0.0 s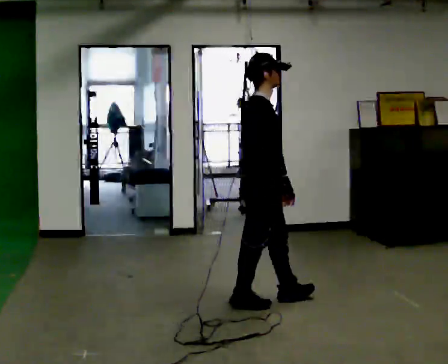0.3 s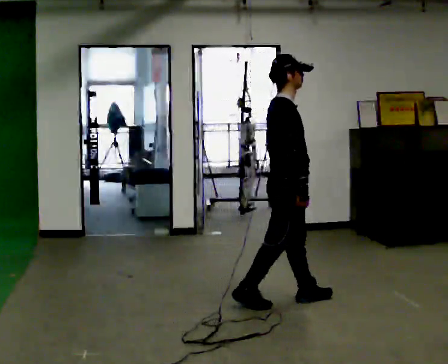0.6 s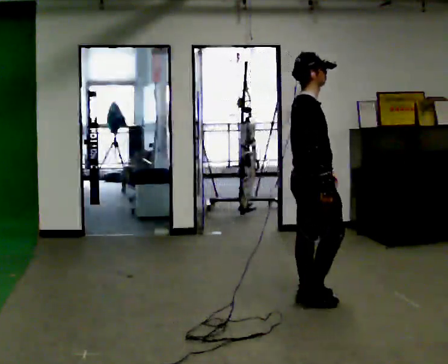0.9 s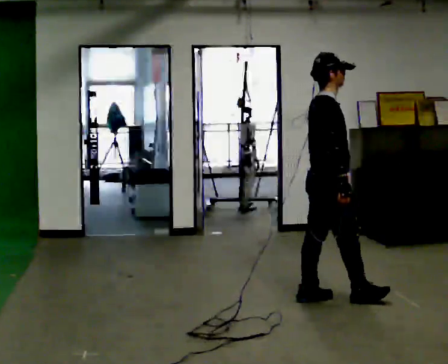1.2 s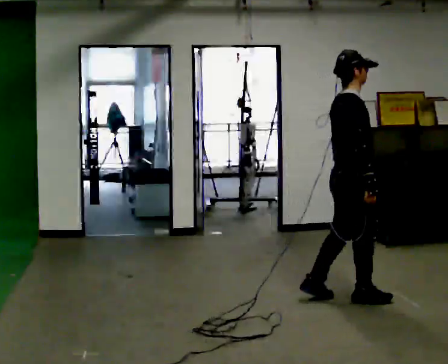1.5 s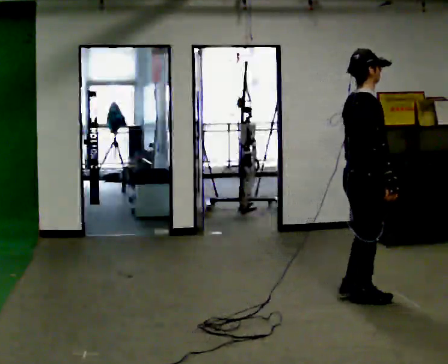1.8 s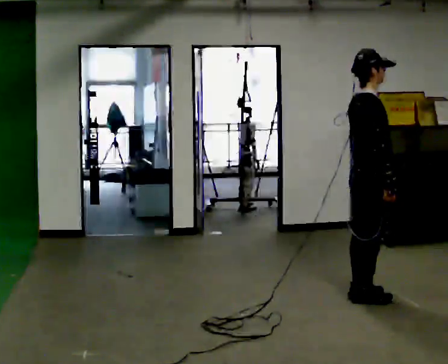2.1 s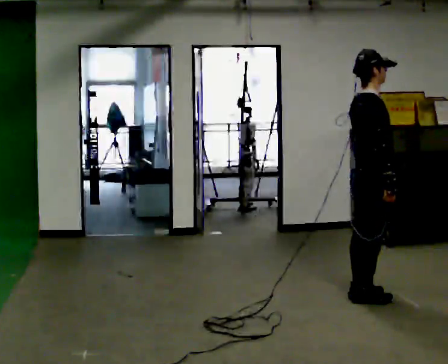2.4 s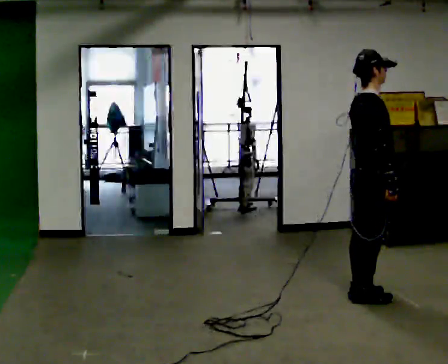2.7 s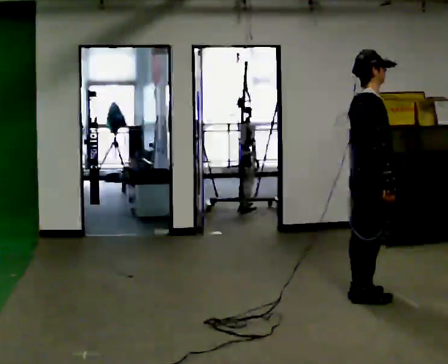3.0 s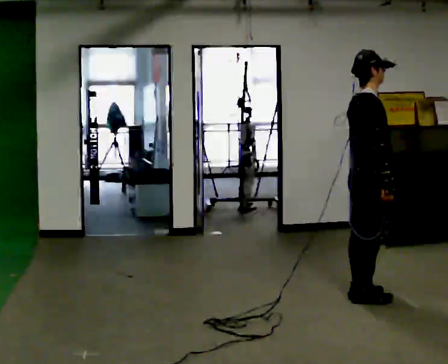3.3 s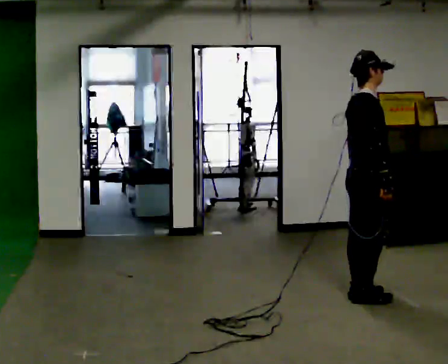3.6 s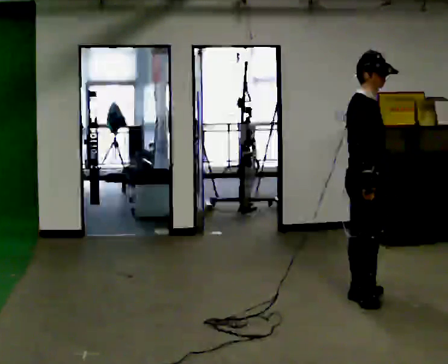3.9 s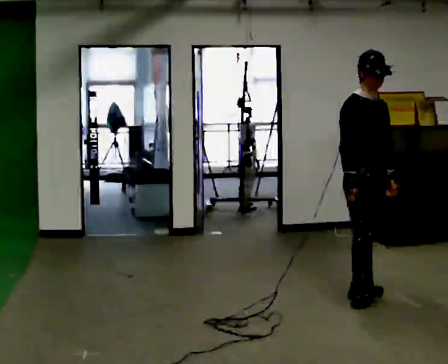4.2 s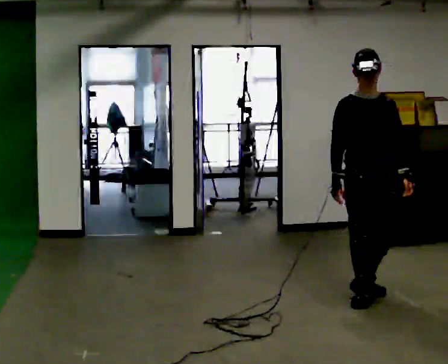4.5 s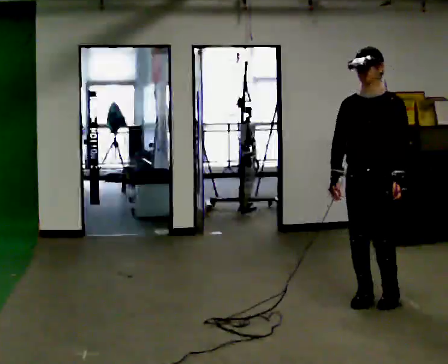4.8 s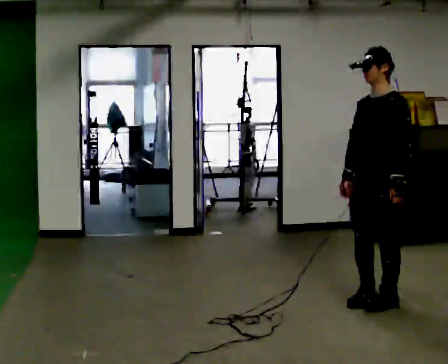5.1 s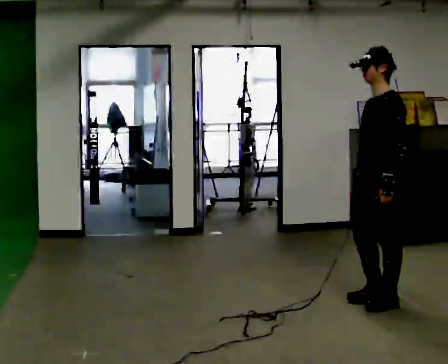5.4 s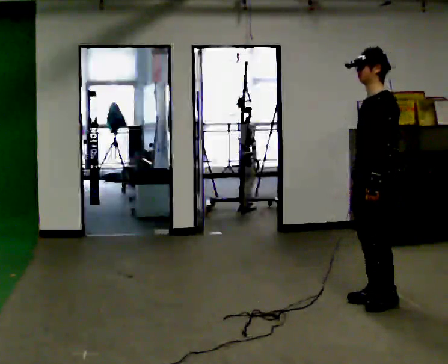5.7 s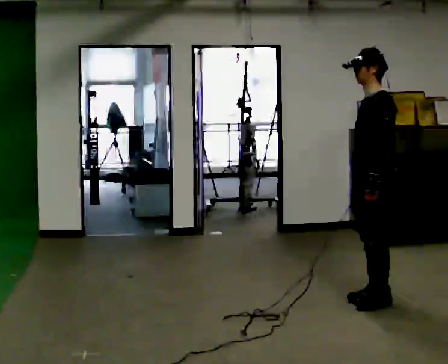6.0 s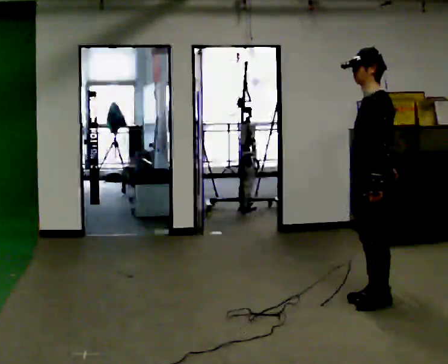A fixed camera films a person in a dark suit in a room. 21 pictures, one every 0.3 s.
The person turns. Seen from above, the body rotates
clockwise.
The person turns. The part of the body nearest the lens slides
to the left.
0.0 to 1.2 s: In the picture they go to the right, about 0.5 m in 2 steps, which for them is forward.
1.2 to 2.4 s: The person moves a little, or ends about where they began.
2.4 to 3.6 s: Seen from above the body turns clockwise, about 30 degrees: to their right, with its near side sliding to the left.
3.6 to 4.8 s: The person turns about 120 degrees to their right, clockwise seen from above, so the part of the body nearest the lens slides to the left. In the picture they go toward the camera, about 0.25 m in 1 step.
4.8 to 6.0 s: Seen from above the body turns clockwise, about 30 degrees: to their right, with its near side sliding to the left.
The film runs forward here.
